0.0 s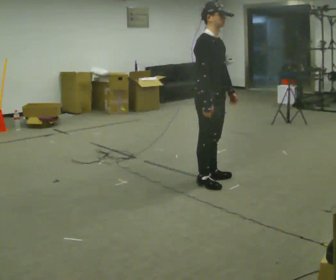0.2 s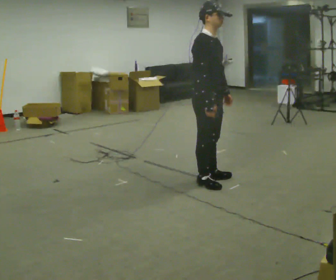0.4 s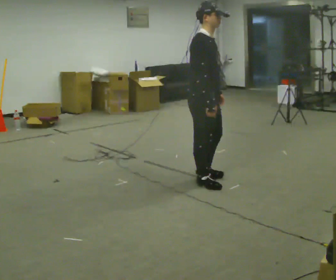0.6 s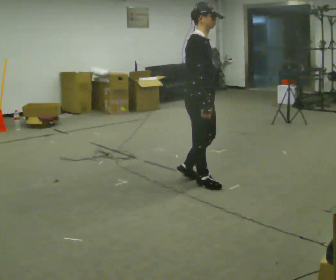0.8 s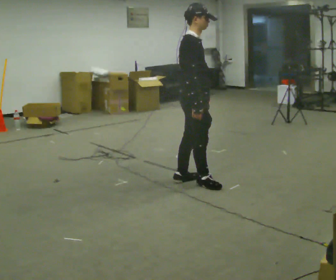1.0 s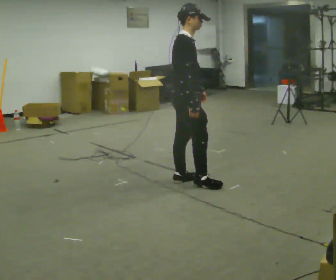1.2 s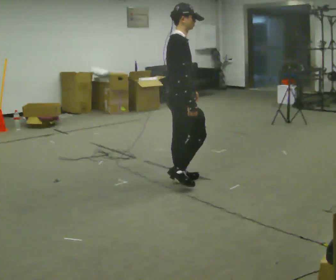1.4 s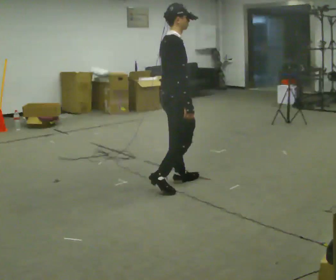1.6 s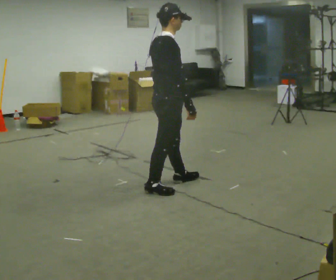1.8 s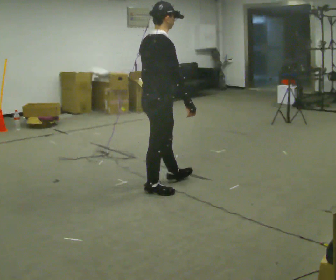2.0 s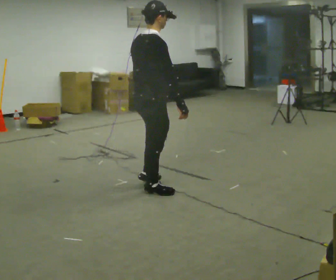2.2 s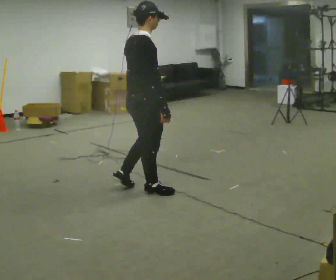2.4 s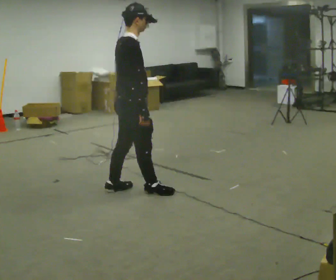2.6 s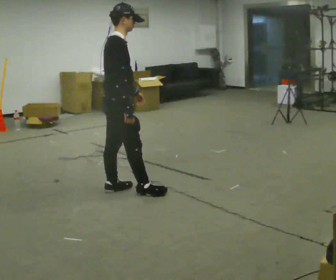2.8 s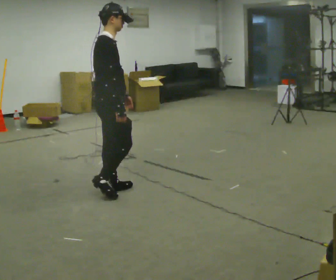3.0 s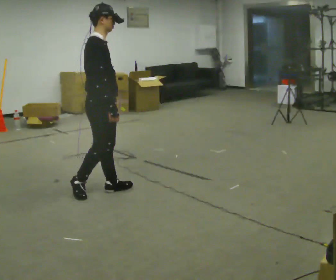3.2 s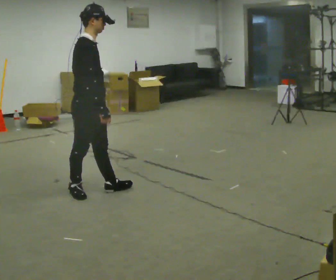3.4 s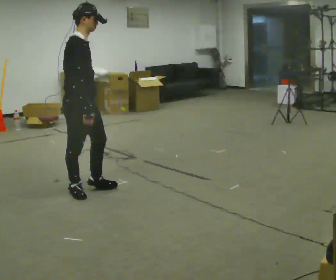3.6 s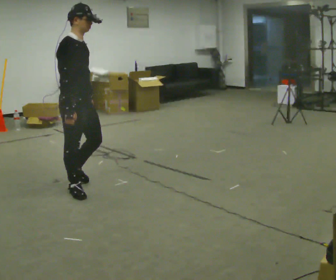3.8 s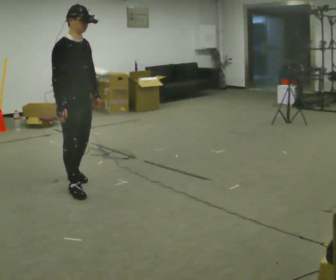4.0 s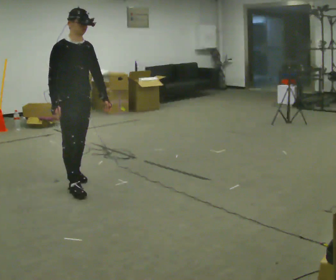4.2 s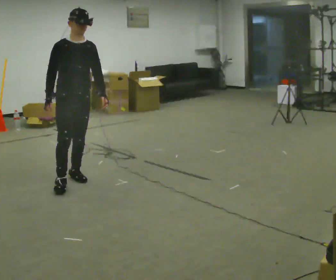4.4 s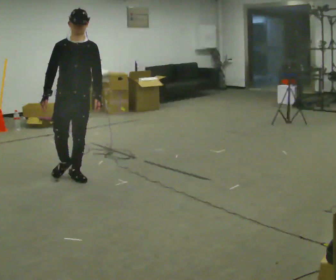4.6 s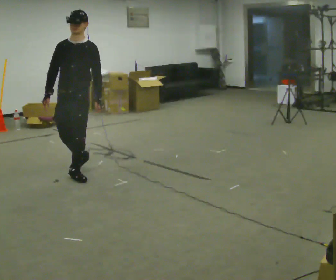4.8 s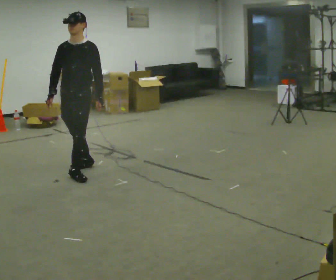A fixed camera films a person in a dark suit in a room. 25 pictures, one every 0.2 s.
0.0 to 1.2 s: Seen from above the body turns counterclockwise, about 30 degrees: to their left, with its near side sliding to the right. In the picture they go to the left, about 0.25 m in 2 steps, which for them is backward.
1.2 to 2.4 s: In the picture they go to the left, about 0.5 m in 1 step, which for them is backward.
2.4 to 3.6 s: The person turns about 30 degrees to their right, clockwise seen from above, so the part of the body nearest the lens slides to the left. In the picture they go to the left, about 0.5 m in 2 steps, which for them is backward.
3.6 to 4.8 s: The part of the body nearest the lens slides to the left as the person turns to their right by about 90 degrees. In the picture they go away from the camera, about 0.5 m in 1 step.
The film runs backward here.
